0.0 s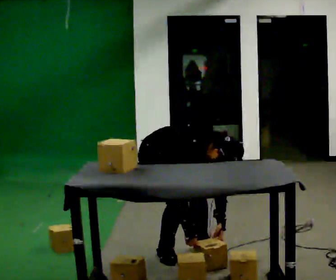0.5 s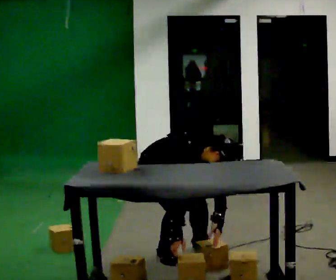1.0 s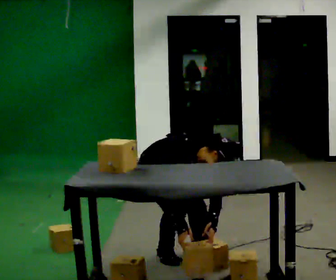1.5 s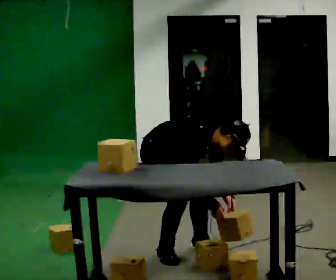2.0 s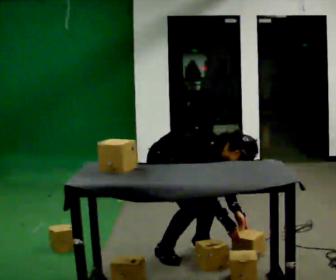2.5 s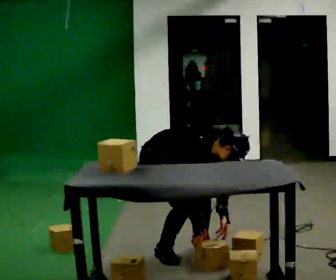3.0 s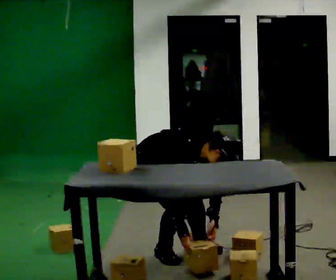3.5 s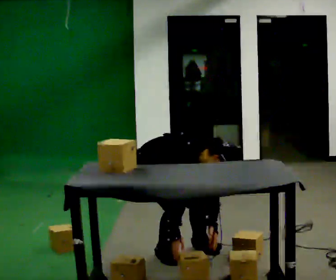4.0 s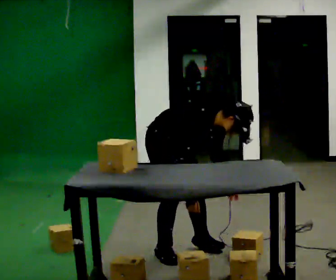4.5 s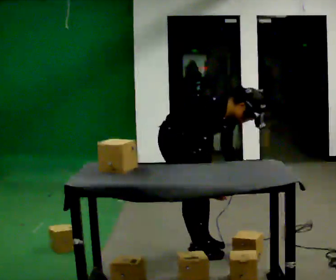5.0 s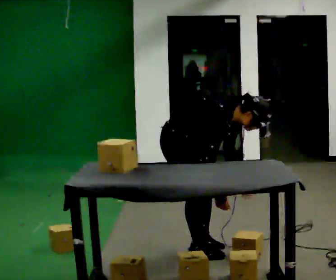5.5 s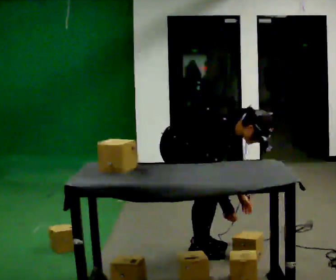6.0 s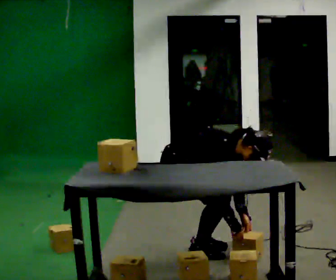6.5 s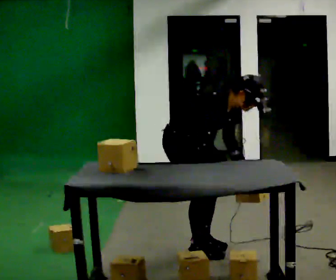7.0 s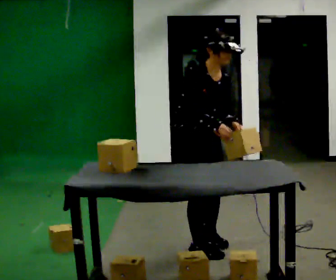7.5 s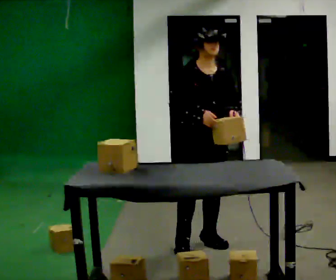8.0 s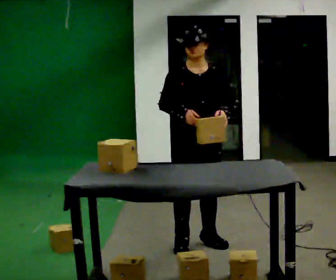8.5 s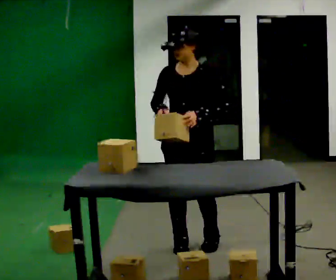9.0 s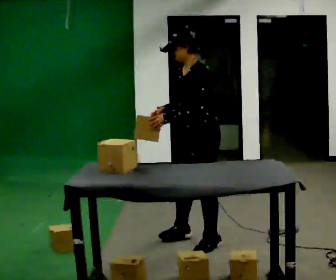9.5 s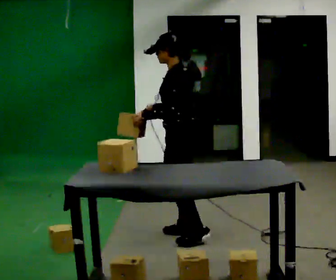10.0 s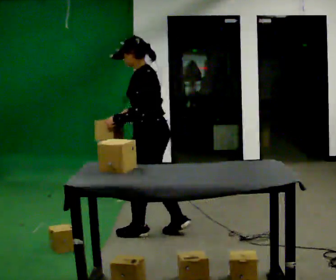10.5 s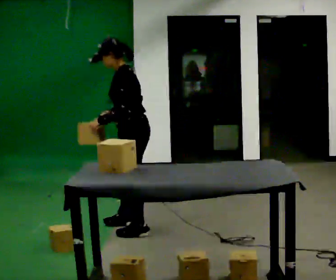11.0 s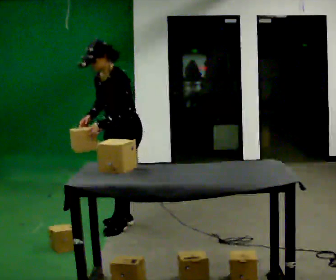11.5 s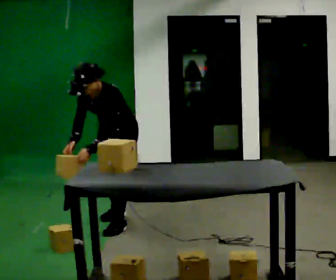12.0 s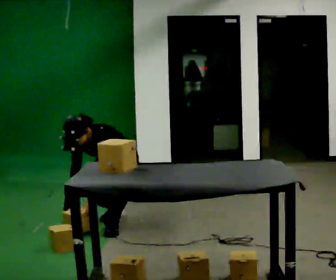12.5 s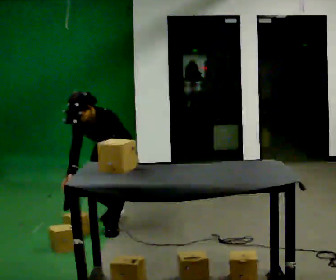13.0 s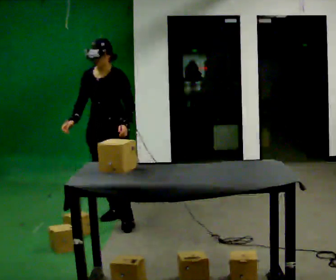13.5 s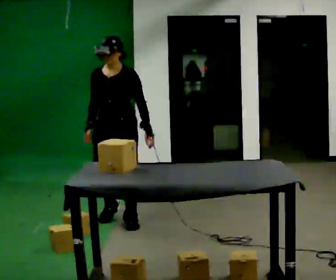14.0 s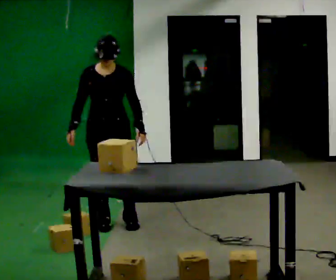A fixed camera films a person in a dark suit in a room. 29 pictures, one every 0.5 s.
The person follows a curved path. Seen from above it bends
counterclockwise.
0.0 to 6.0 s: The person moves a little, or ends about where they began.
6.0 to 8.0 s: The part of the body nearest the lens slides to the left as the person turns to their right by about 60 degrees. The shoulders move upward. In the picture the upper body tilts counterclockwise, shoulders to the left, as they lean back or straighten. In the picture their left hand goes upward.
8.0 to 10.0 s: Seen from above the body turns clockwise, about 120 degrees: to their right, with its near side sliding to the left. In the picture they go to the left and away from the camera, about 0.5 m in 2 steps.
10.0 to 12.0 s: Seen from above the body turns counterclockwise, about 75 degrees: to their left, with its near side sliding to the right. In the picture they go away from the camera and to the left, about 0.5 m in 3 steps. The upper body goes downward. The upper body tips toward the camera, its near side rolling downward, as they bend forward. In the picture their left hand goes downward.
12.0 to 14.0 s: The person turns about 30 degrees to their left, counterclockwise seen from above, so the part of the body nearest the lens slides to the right. The shoulders move upward. The upper body tips away from the camera, its near side rolling upward, as they lean back or straighten. In the picture their left hand goes upward and to the right.
The film runs forward here.
